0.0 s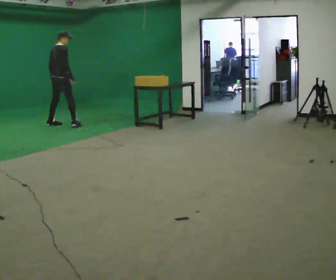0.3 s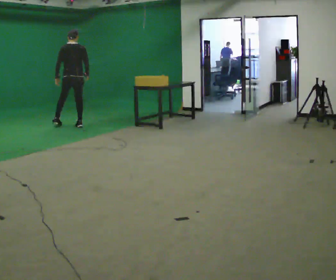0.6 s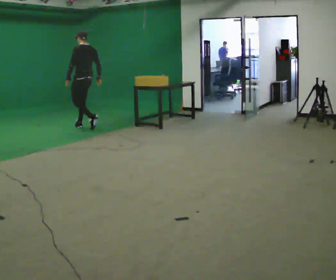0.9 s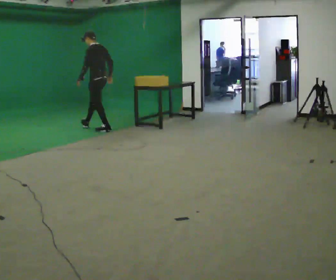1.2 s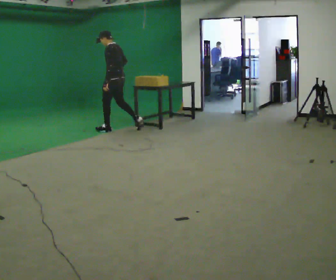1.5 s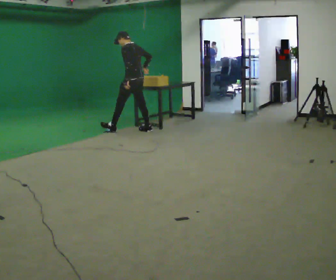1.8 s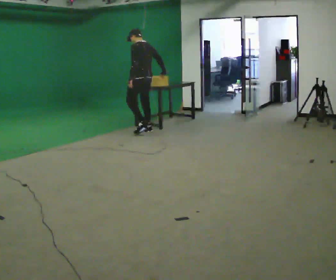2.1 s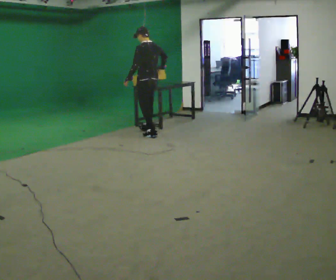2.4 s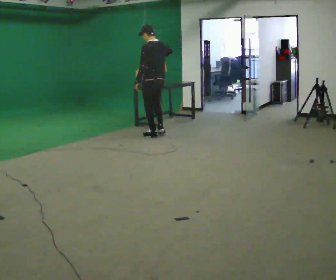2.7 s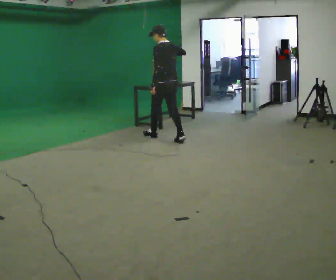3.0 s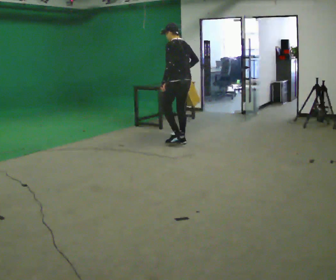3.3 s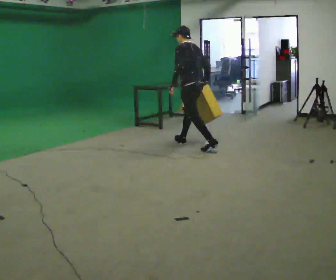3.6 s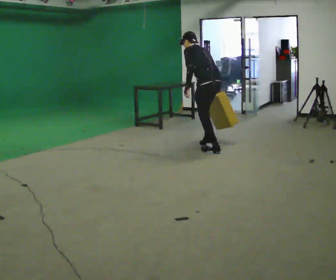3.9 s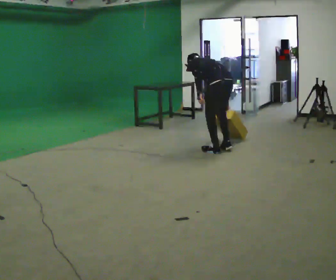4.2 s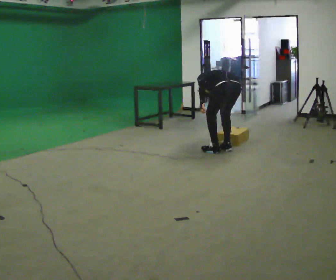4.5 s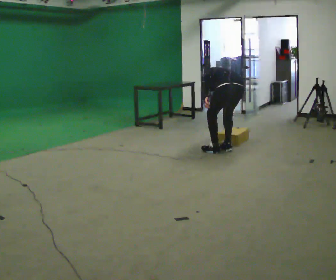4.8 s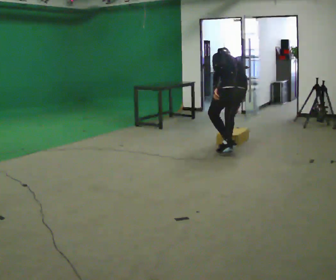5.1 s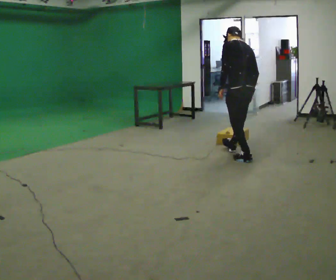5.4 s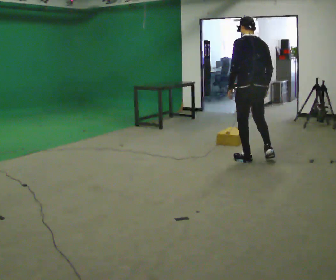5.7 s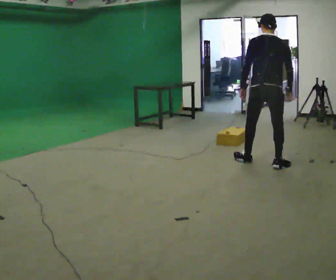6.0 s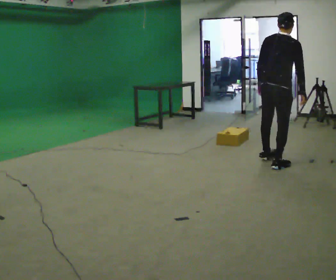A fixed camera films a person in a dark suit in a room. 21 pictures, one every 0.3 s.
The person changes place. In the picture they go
to the right.
0.0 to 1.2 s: The person turns about 105 degrees to their left, counterclockwise seen from above, so the part of the body nearest the lens slides to the right. In the picture they go to the right, about 1 m in 2 steps.
1.2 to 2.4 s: The part of the body nearest the lens slides to the left as the person turns to their right by about 30 degrees. In the picture they go to the right and toward the camera, about 1 m in 2 steps, which for them is backward.
2.4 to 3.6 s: In the picture they go to the right and toward the camera, about 1 m in 2 steps, which for them is backward. The upper body tips away from the camera, its near side rolling upward, as they bend forward. In the picture their right hand goes downward.
3.6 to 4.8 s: In the picture they go to the right and toward the camera, about 0.5 m in 1 step, which for them is backward.
4.8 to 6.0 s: The part of the body nearest the lens slides to the left as the person turns to their right by about 75 degrees. In the picture they go toward the camera and to the right, about 0.75 m in 2 steps. The upper body goes upward. The upper body tips toward the camera, its near side rolling downward, as they lean back or straighten.
The film runs backward here.
